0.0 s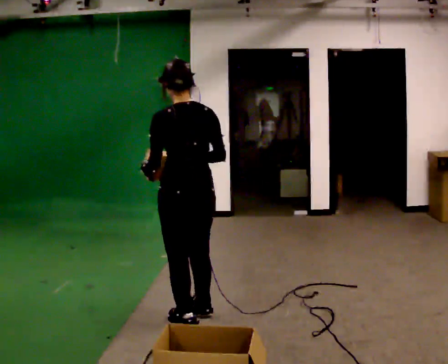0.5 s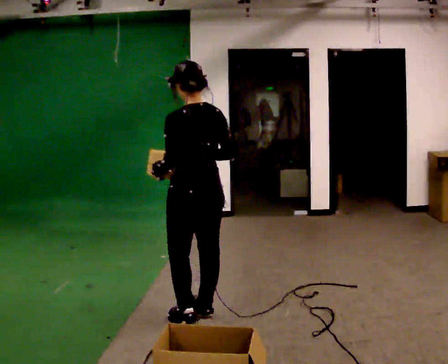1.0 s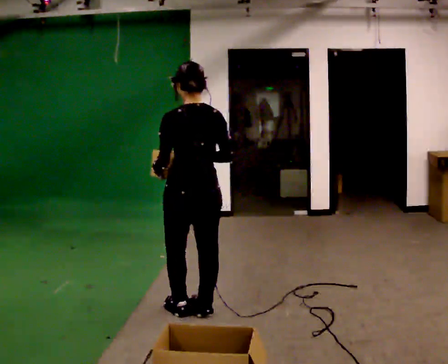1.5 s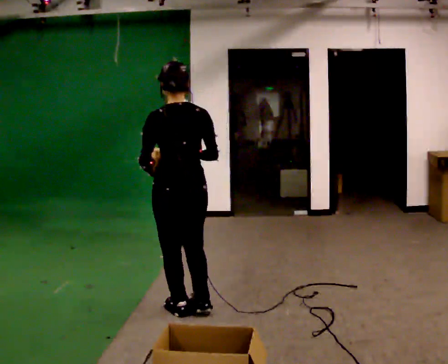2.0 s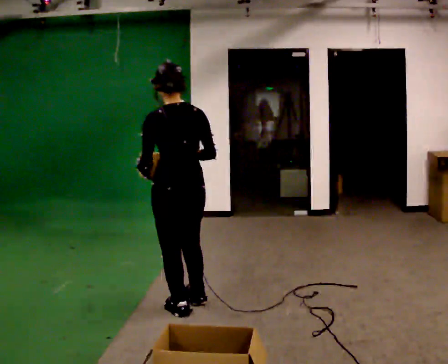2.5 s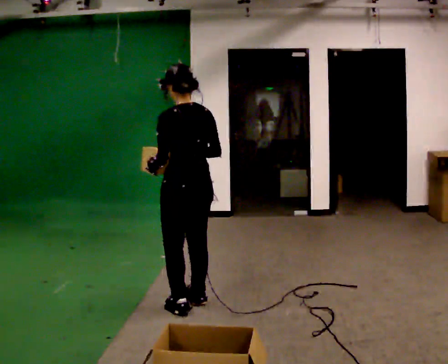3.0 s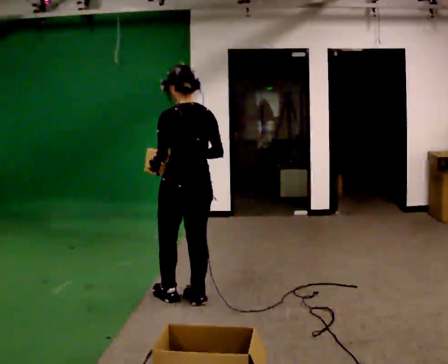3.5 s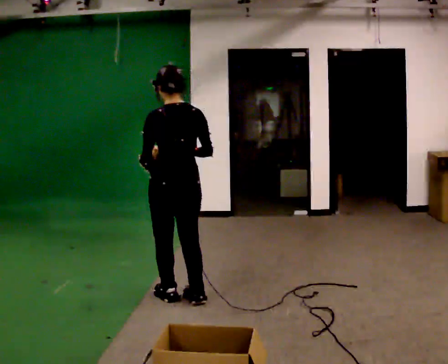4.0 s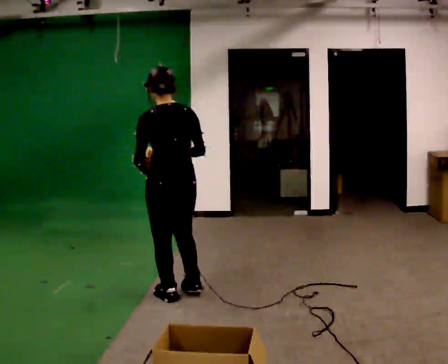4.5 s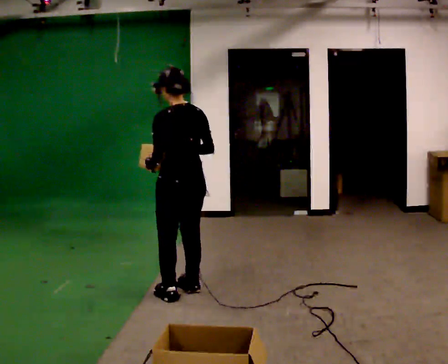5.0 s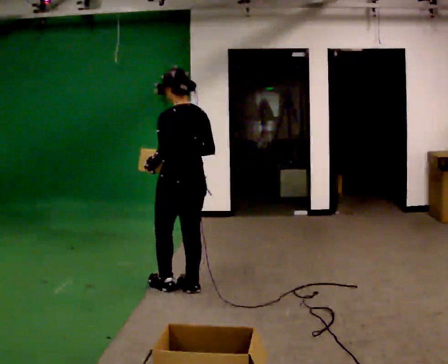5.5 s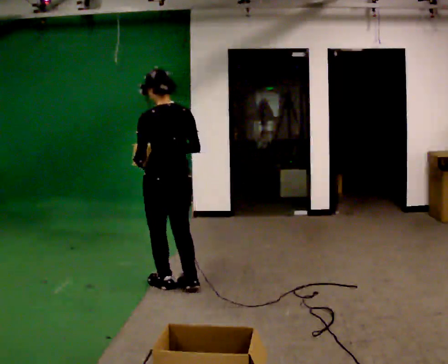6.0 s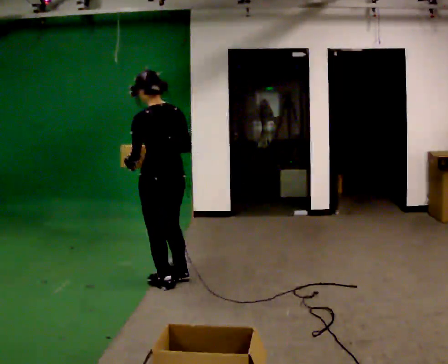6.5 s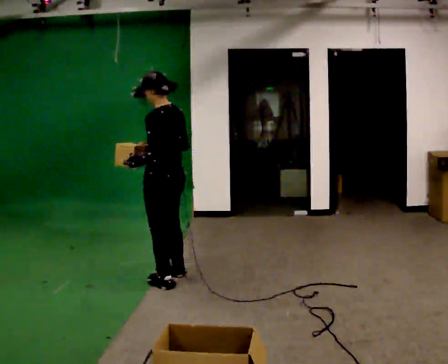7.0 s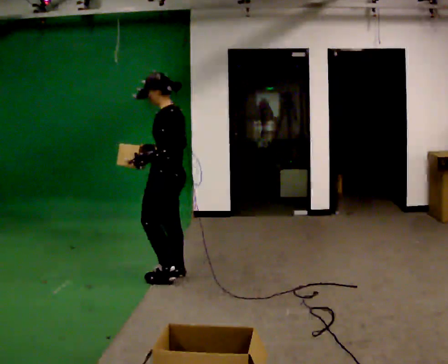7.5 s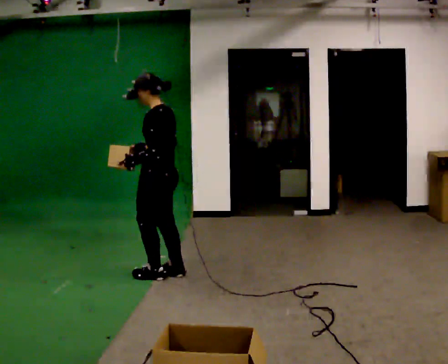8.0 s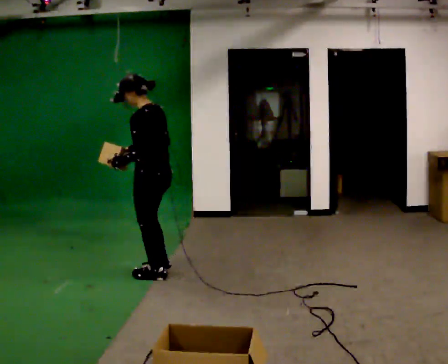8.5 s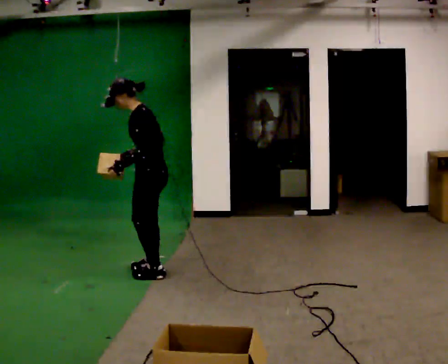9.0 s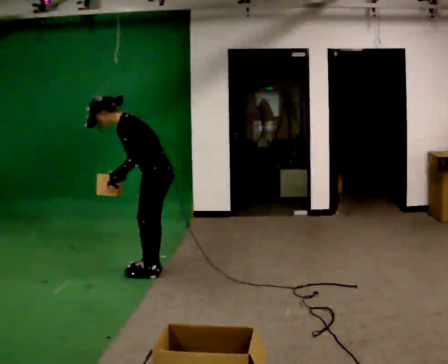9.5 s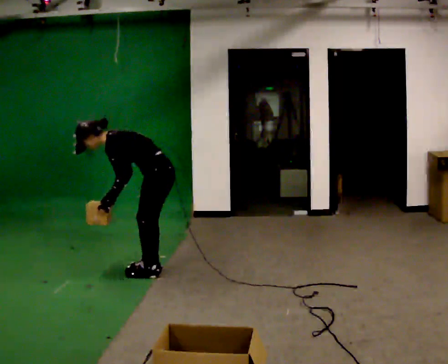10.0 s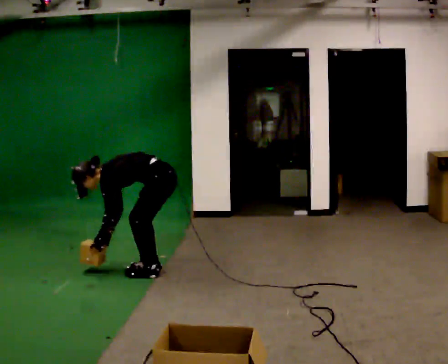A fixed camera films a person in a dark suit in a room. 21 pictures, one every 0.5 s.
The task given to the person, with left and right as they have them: Take the objects from the bin one at a time and put one in each of the places the operator points out. Keep going until the operator says stop; one object at a time, and do not rush between trips.
0.0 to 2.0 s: In the picture they go away from the camera, about 0.25 m in 2 steps, which for them is forward.
2.0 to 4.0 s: In the picture they go away from the camera, about 0.25 m in 1 step, which for them is forward.
4.0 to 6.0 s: In the picture they go away from the camera, about 0.25 m in 2 steps, which for them is forward.
6.0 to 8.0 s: The person turns about 30 degrees to their left, counterclockwise seen from above, so the part of the body nearest the lens slides to the right. In the picture they go away from the camera, about 0.25 m in 2 steps, which for them is to their right and forward.
8.0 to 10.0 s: Seen from above the body turns counterclockwise, about 30 degrees: to their left, with its near side sliding to the right. The shoulders move downward. In the picture the upper body tilts counterclockwise, shoulders to the left, as they bend forward. In the picture their right hand goes downward.
The film runs forward here.
